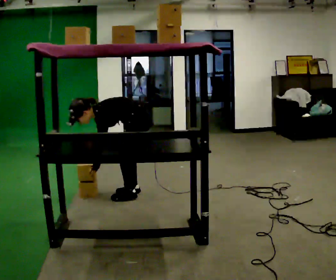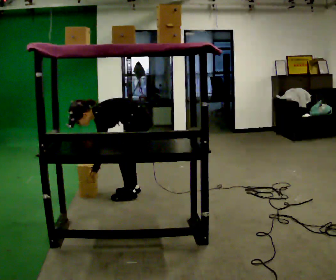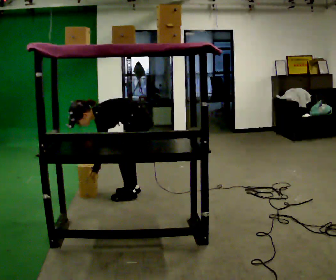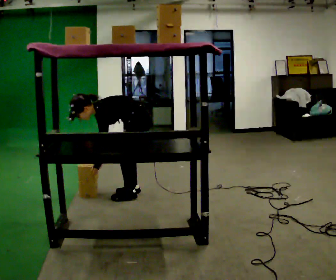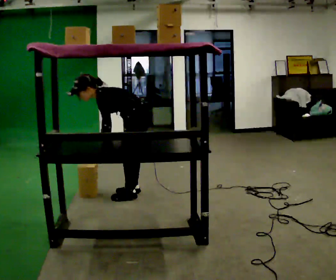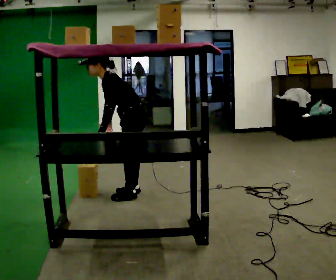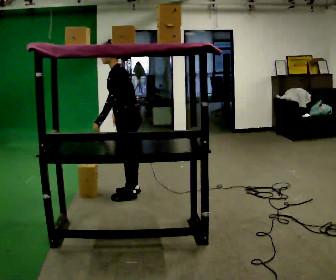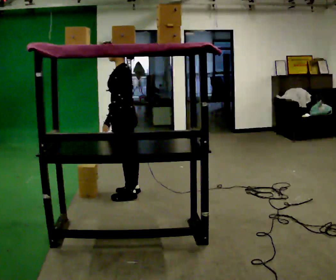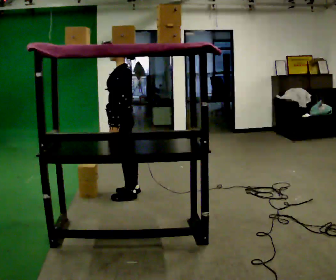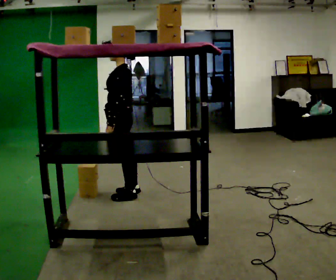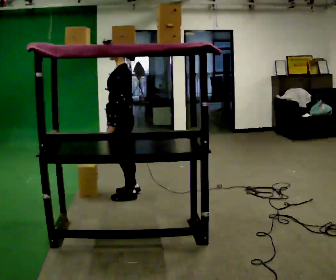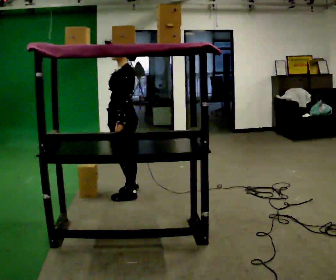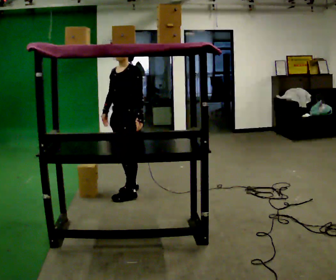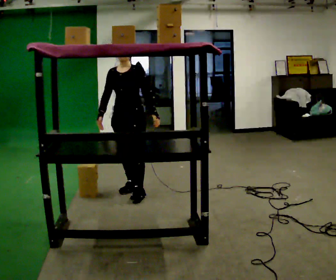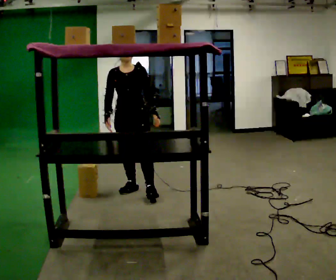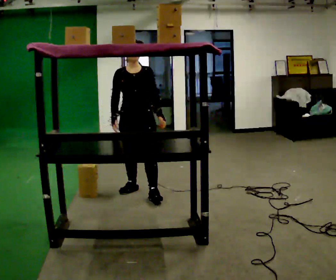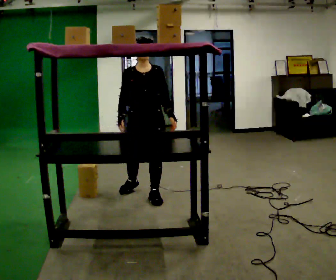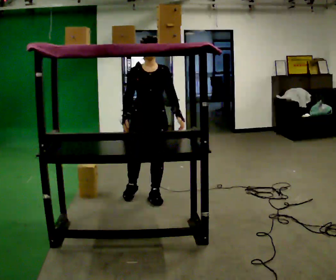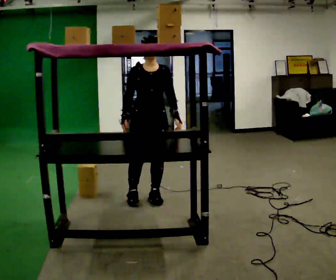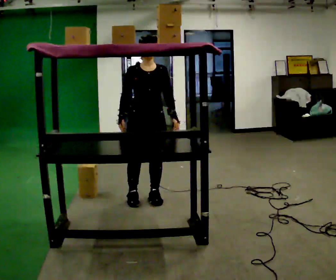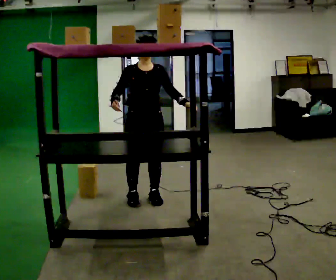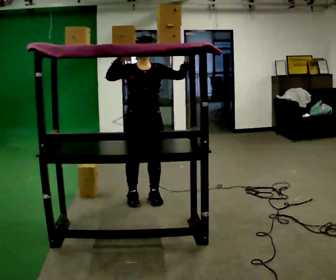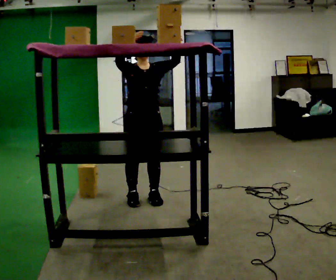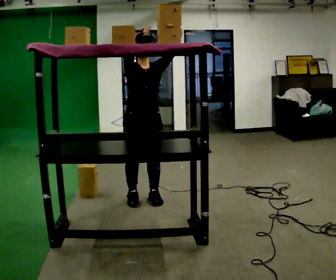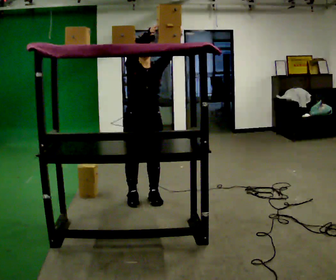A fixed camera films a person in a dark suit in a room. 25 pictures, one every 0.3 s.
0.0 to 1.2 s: The shoulders move upward. In the picture the upper body tilts clockwise, shoulders to the right, as they lean back or straighten.
1.2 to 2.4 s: The upper body goes upward. In the picture the upper body tilts clockwise, shoulders to the right, as they lean back or straighten.
2.4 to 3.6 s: The person turns about 45 degrees to their left, counterclockwise seen from above, so the part of the body nearest the lens slides to the right.
3.6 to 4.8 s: Seen from above the body turns counterclockwise, about 45 degrees: to their left, with its near side sliding to the right. In the picture they go toward the camera and to the right, about 0.25 m in 1 step, which for them is forward and to their left.
4.8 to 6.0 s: The person moves a little, or ends about where they began.
6.0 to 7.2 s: In the picture their right hand goes upward and to the right.
The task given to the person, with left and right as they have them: Place the object on the shelf just at the top of your comfortable reach. Repeat at your own pace until the operator says stop. Keep both feet on the marked spots for the whole take. If you have to step, stop and tell the operator.
The film runs forward here.
